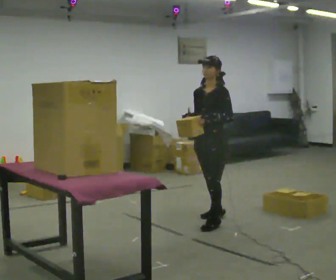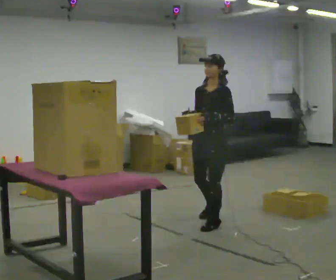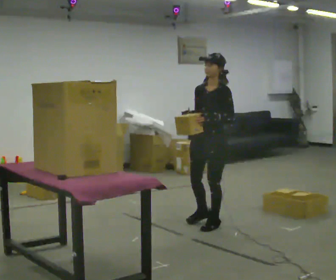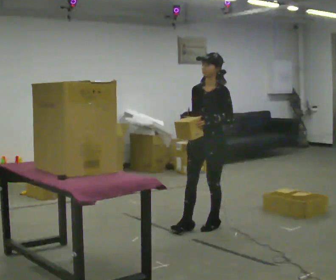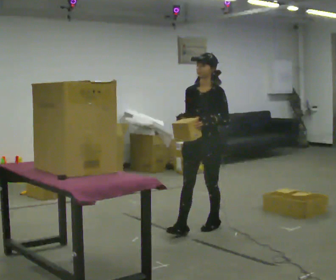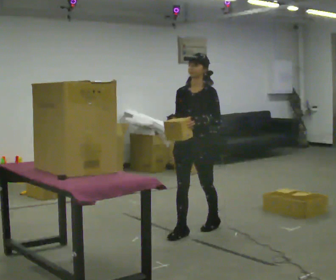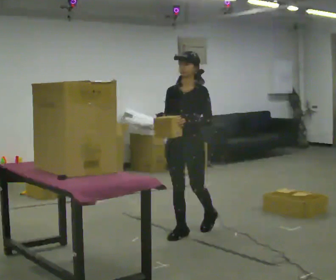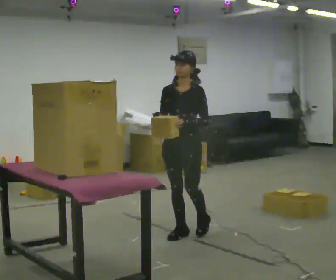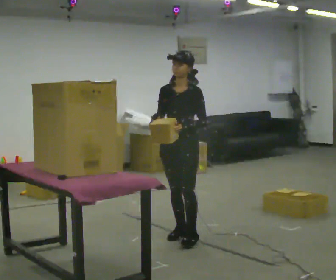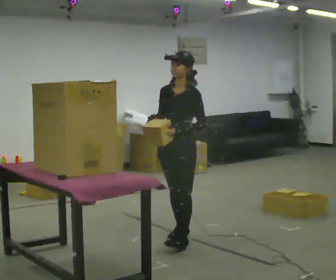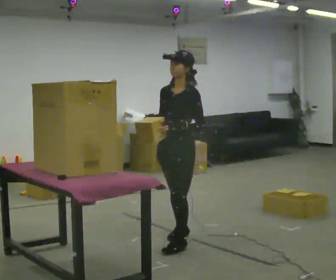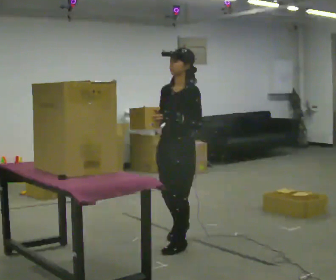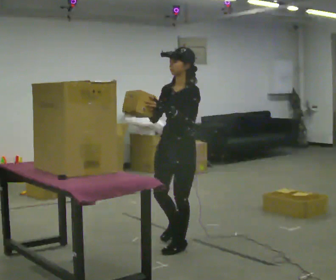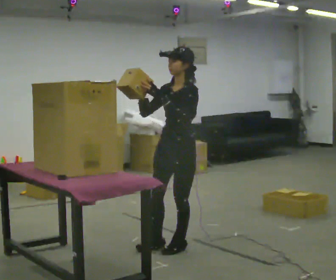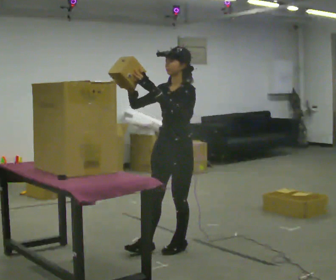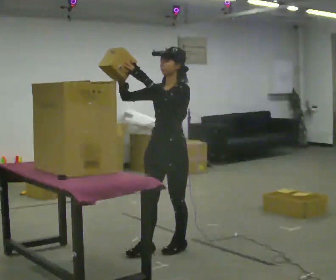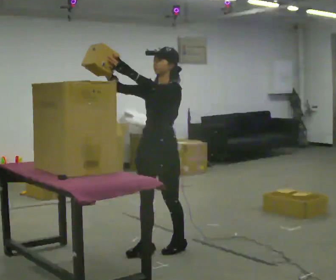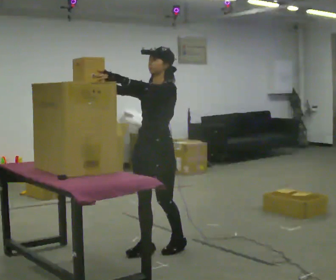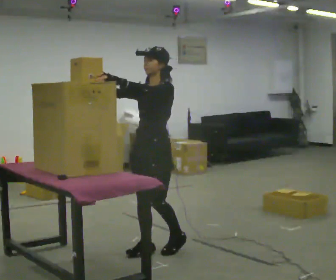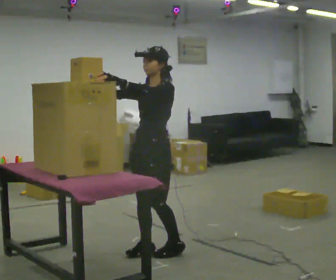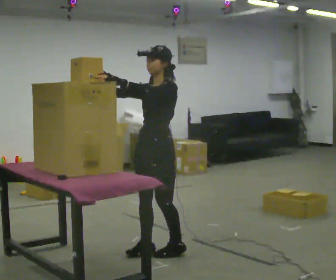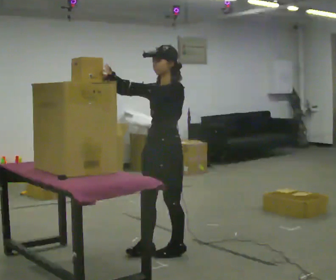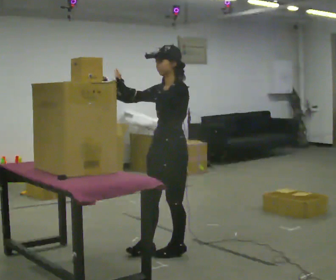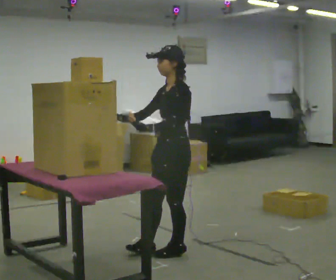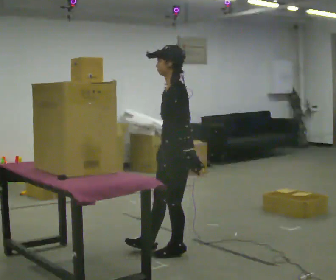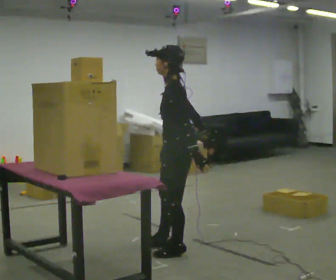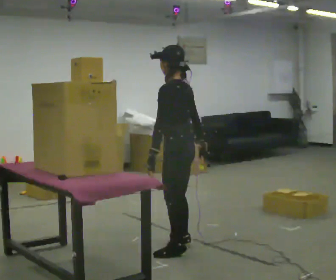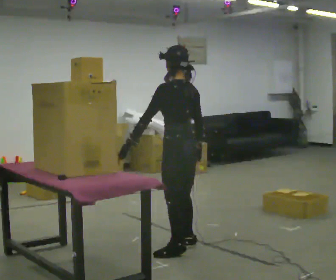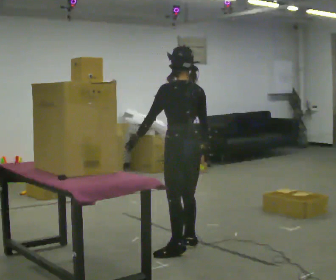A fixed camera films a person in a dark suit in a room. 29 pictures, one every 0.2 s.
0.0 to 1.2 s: In the picture they go toward the camera and to the left, about 0.5 m in 1 step, which for them is forward.
1.2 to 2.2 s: The person turns about 30 degrees to their right, clockwise seen from above, so the part of the body nearest the lens slides to the left. In the picture they go toward the camera, about 0.25 m in 1 step, which for them is forward and to their left.
2.2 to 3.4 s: In the picture they go to the left and toward the camera, about 0.25 m in 1 step, which for them is forward. In the picture their left hand goes to the left.
3.4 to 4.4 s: The person moves a little, or ends about where they began.
4.4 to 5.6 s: The part of the body nearest the lens slides to the left as the person turns to their right by about 90 degrees. In the picture their right hand goes to the right and downward, the arm swinging counterclockwise.
The film runs forward here.
